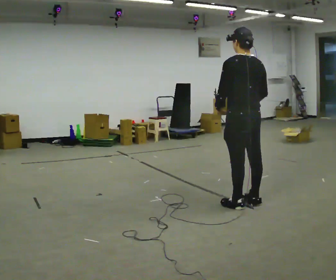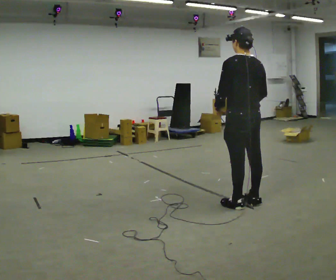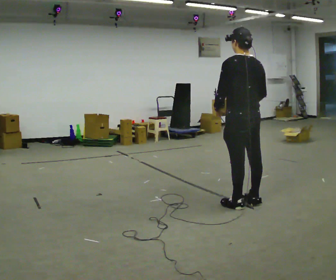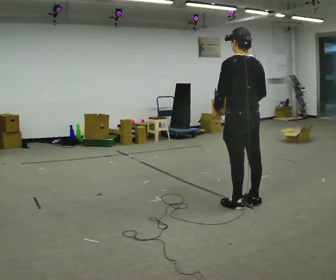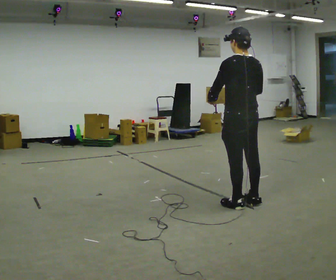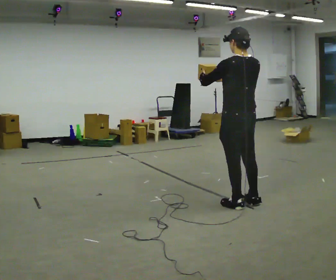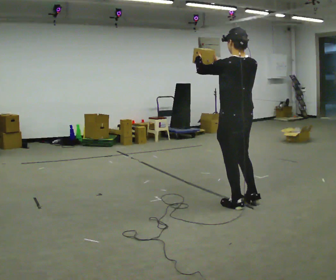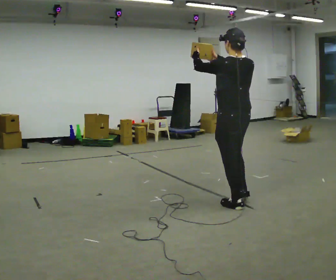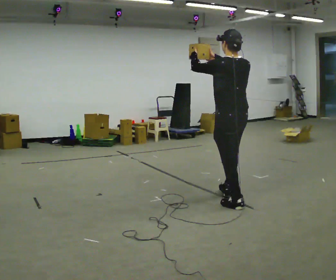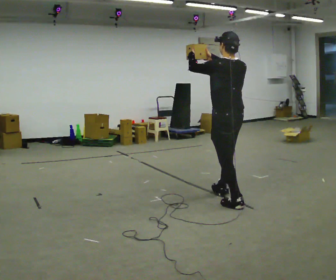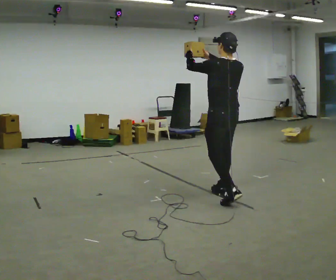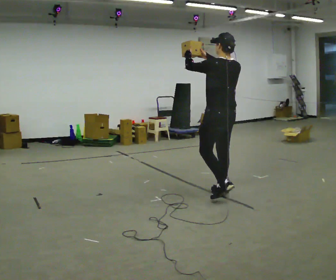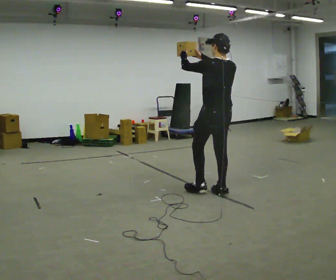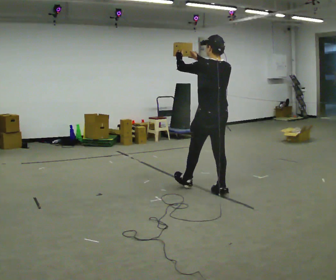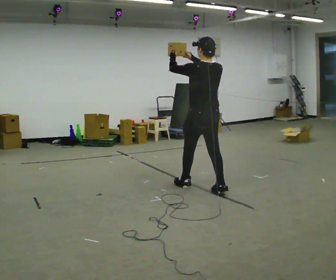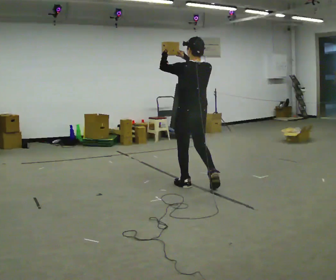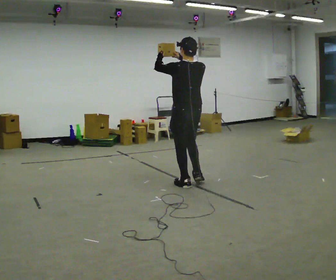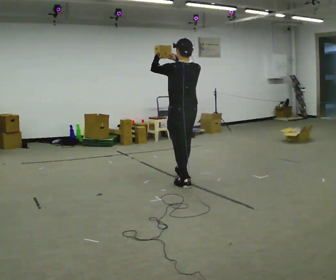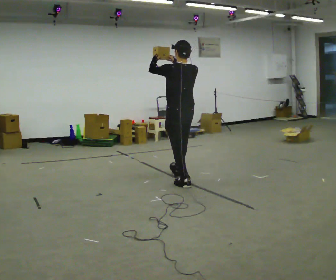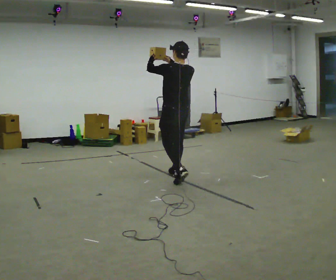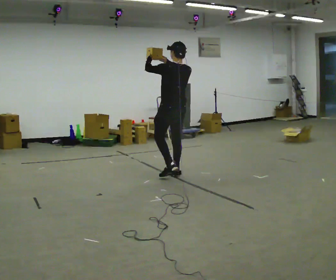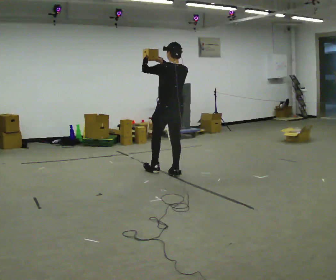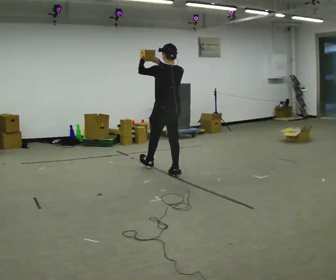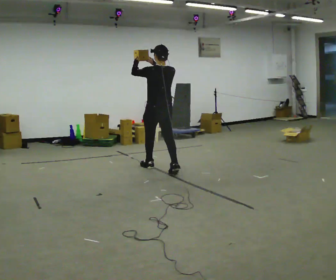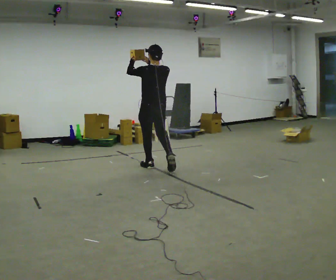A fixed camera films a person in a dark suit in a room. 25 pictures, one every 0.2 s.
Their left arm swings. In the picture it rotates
clockwise.
0.0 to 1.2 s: In the picture their right hand goes upward.
1.2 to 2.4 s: In the picture they go away from the camera and to the left, about 0.5 m in 1 step, which for them is forward.
2.4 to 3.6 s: In the picture they go away from the camera and to the left, about 0.75 m in 2 steps, which for them is forward.
3.6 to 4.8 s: In the picture they go away from the camera and to the left, about 0.5 m in 1 step, which for them is forward.
The film runs forward here.
